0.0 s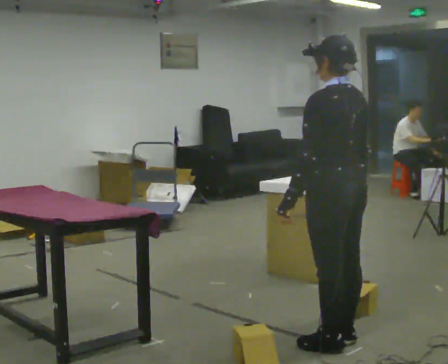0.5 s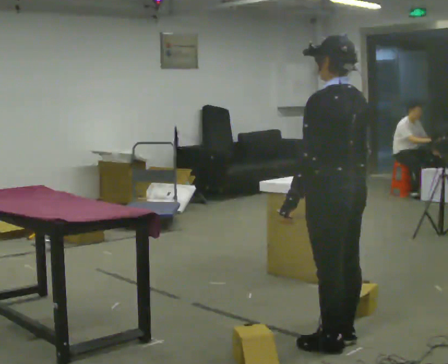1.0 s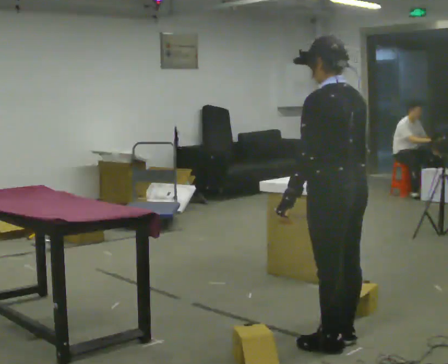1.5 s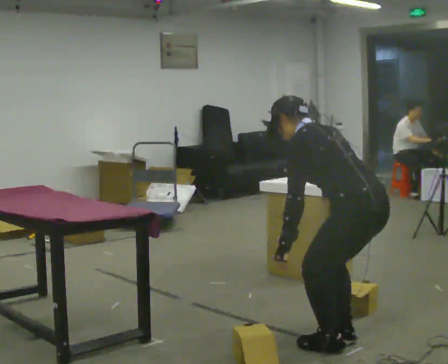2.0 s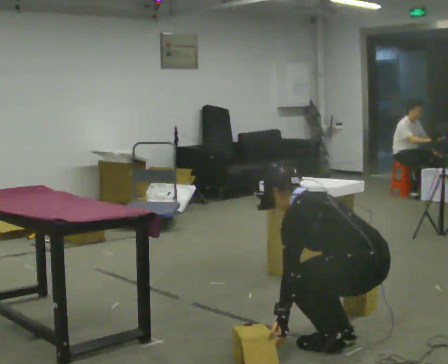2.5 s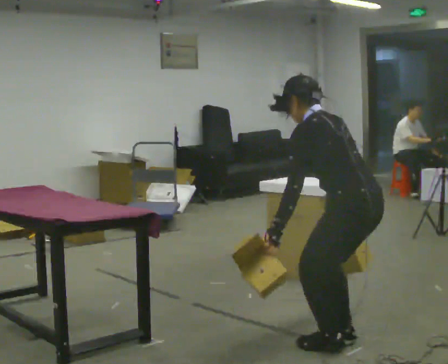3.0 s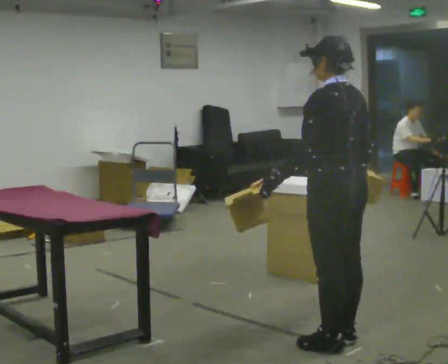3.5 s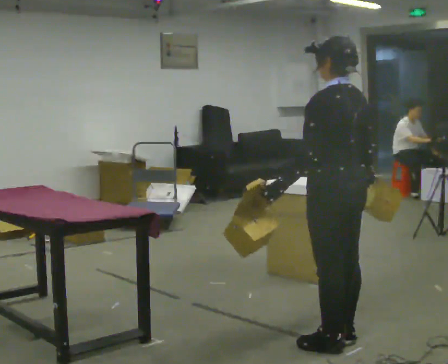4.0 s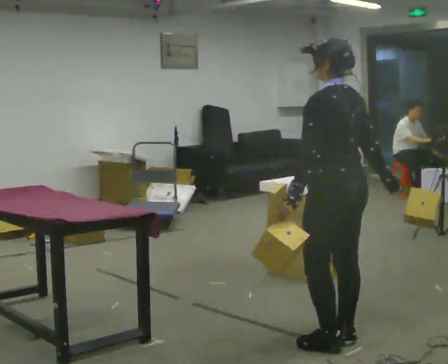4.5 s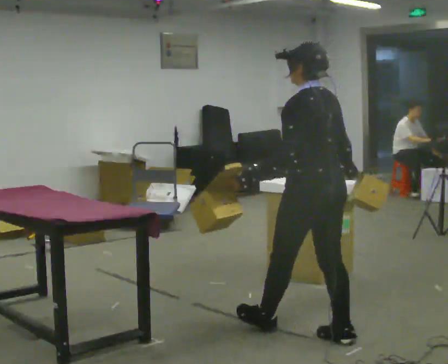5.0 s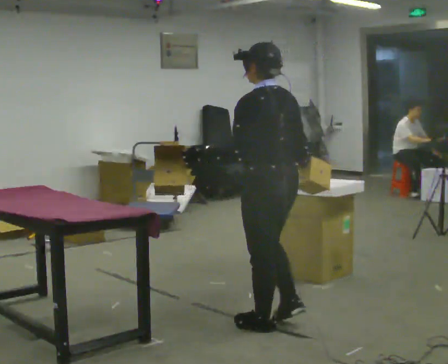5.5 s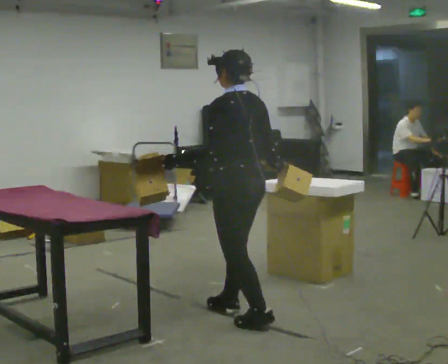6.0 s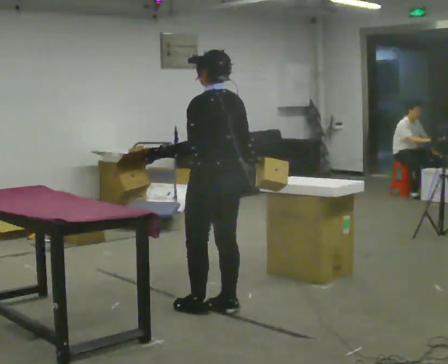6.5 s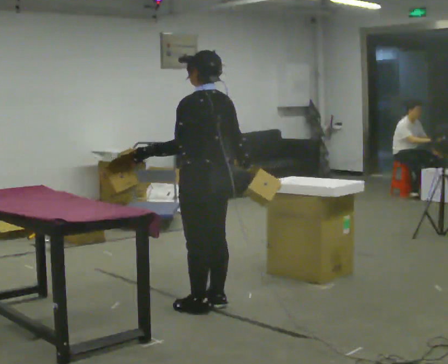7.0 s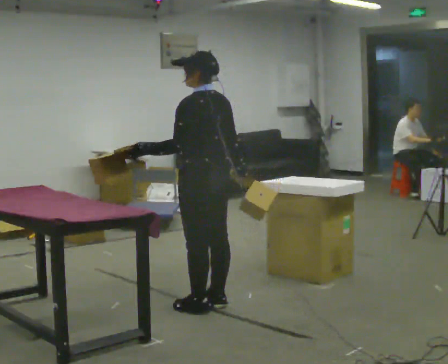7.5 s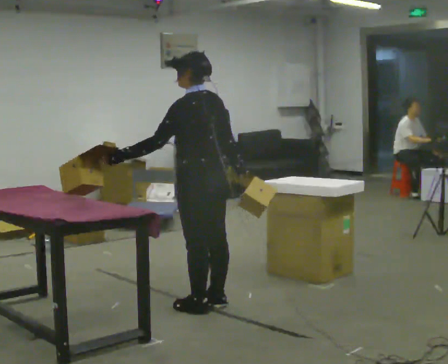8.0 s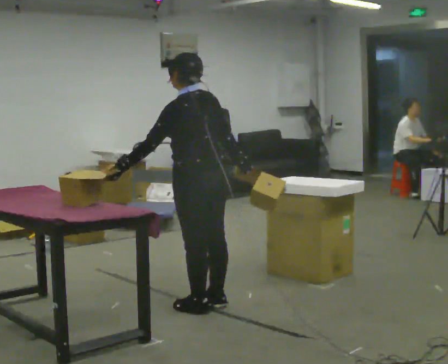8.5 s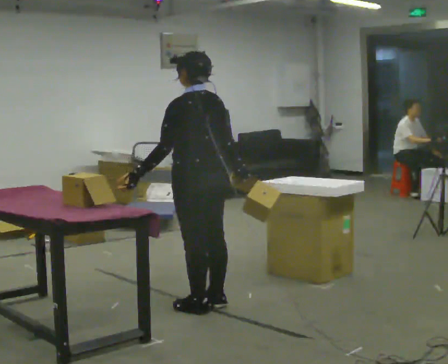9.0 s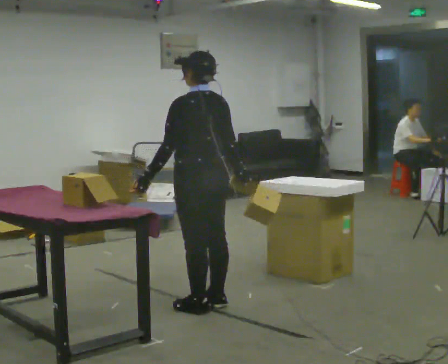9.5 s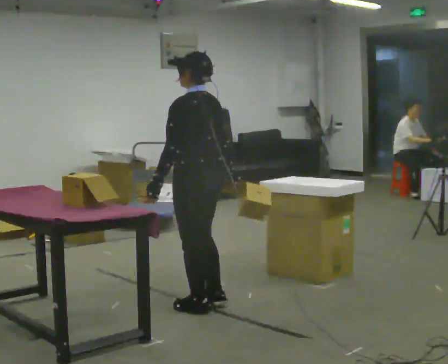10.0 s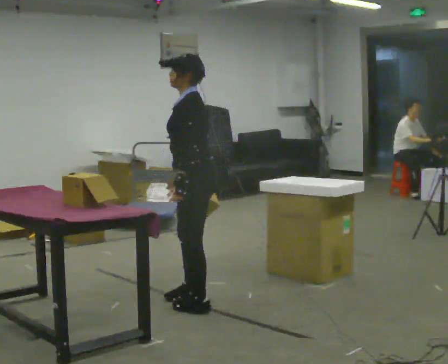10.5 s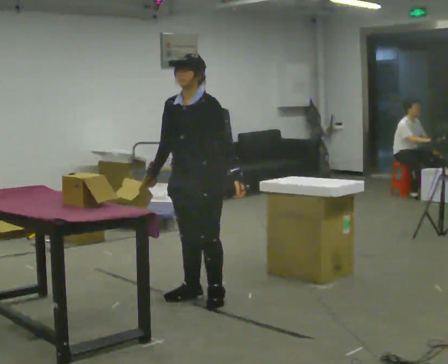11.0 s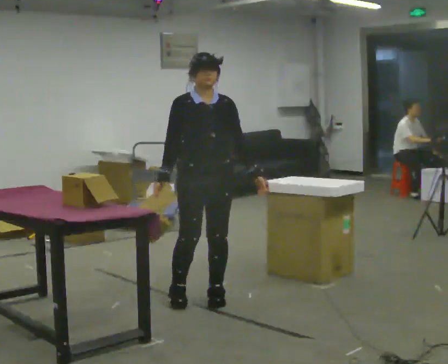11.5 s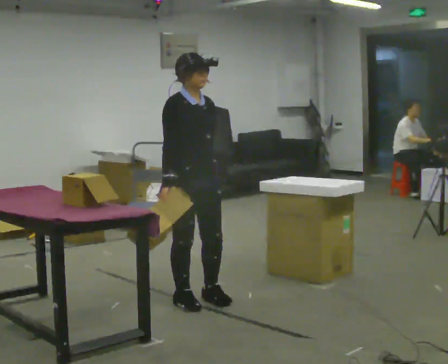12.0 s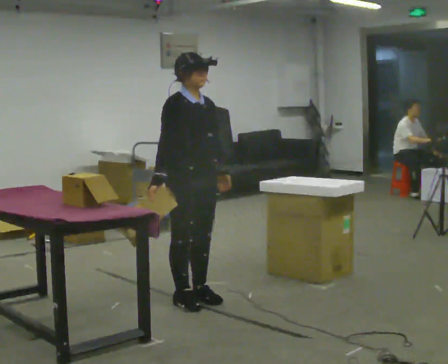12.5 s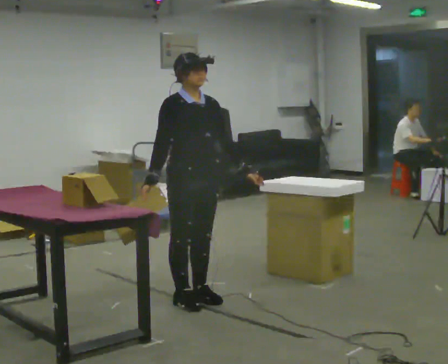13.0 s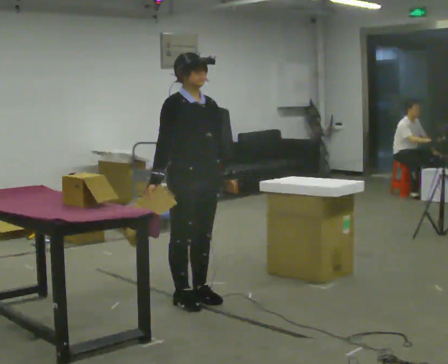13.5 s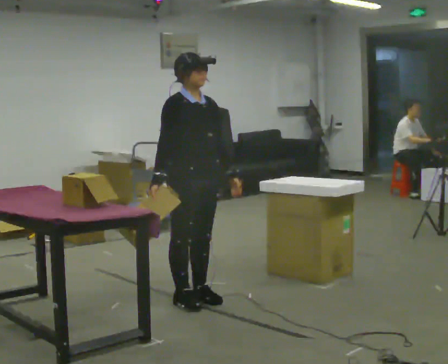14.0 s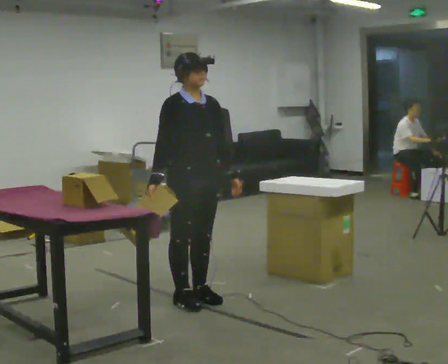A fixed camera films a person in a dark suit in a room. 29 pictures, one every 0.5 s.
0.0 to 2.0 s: The upper body goes downward. In the picture the upper body tilts counterclockwise, shoulders to the left, as they bend forward. In the picture their left hand goes downward.
2.0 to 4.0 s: In the picture they go away from the camera, about 0.25 m, which for them is forward. The shoulders move upward. In the picture the upper body tilts clockwise, shoulders to the right, as they lean back or straighten. In the picture their left hand goes upward.
4.0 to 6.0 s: In the picture they go away from the camera and to the left, about 1 m in 3 steps, which for them is forward.
6.0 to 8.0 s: The person moves a little, or ends about where they began.
8.0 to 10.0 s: The person turns about 45 degrees to their left, counterclockwise seen from above, so the part of the body nearest the lens slides to the right. In the picture their right hand goes to the left.
10.0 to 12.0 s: The person turns about 135 degrees to their left, counterclockwise seen from above, so the part of the body nearest the lens slides to the right.
12.0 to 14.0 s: The person moves a little, or ends about where they began.
The film runs forward here.
